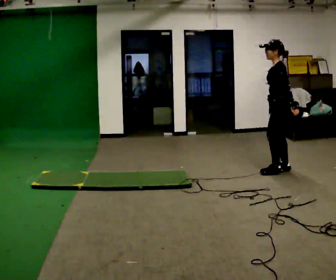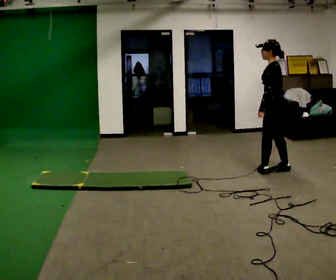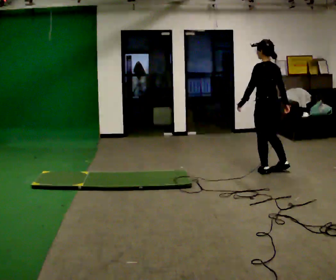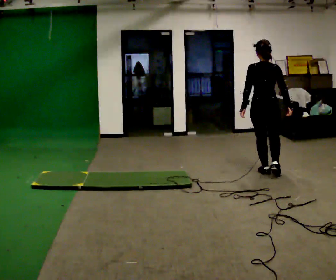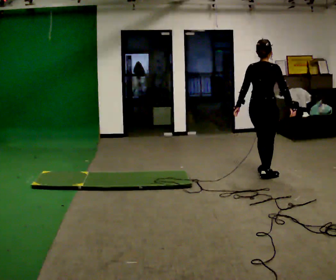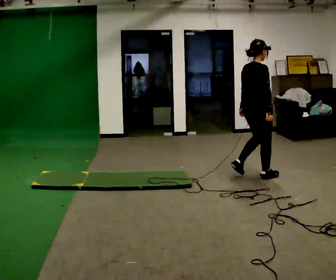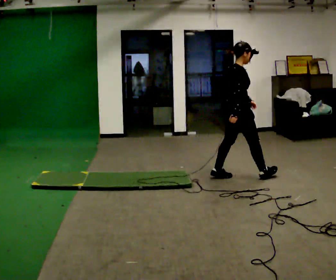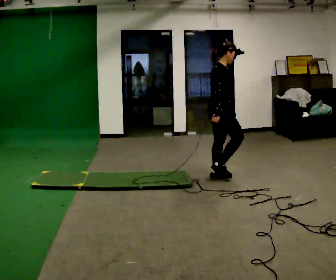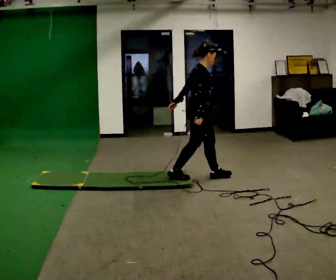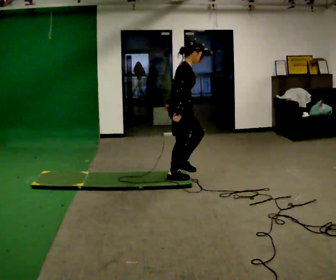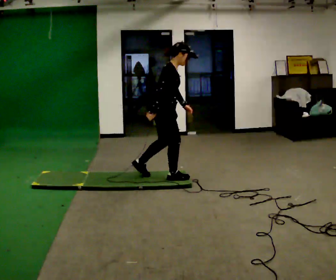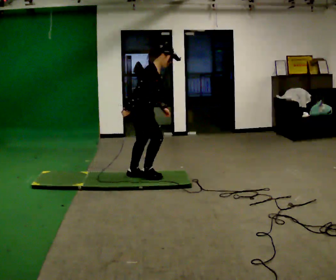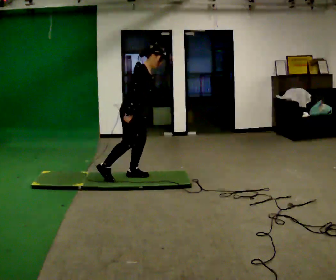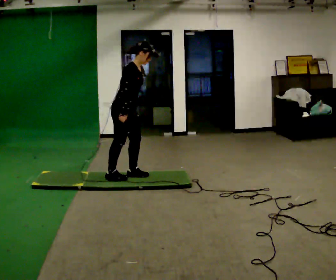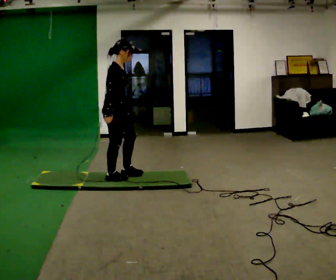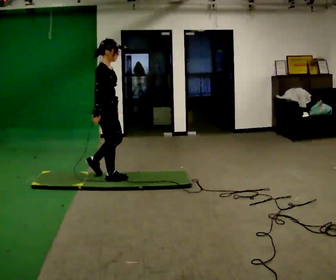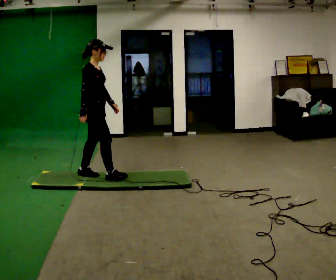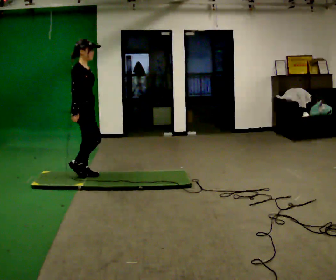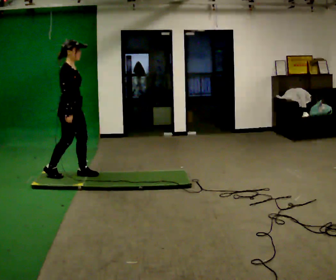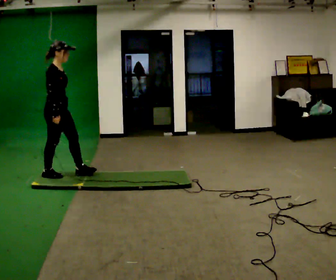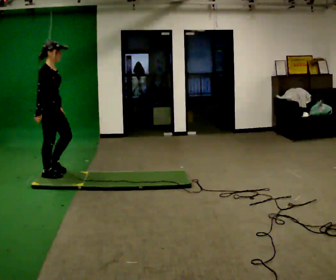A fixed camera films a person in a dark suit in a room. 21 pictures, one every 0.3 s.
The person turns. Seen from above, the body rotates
clockwise.
The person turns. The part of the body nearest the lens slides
to the left.
0.0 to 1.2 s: The part of the body nearest the lens slides to the left as the person turns to their right by about 120 degrees. In the picture they go to the left and toward the camera, about 0.25 m in 1 step.
1.2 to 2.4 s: Seen from above the body turns clockwise, about 60 degrees: to their right, with its near side sliding to the left. In the picture they go to the left, about 0.5 m in 2 steps, which for them is backward.
2.4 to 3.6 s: In the picture they go to the left, about 1 m in 2 steps, which for them is backward. In the picture the upper body tilts clockwise, shoulders to the right, as they bend forward.
3.6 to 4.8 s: In the picture they go to the left, about 0.5 m in 1 step, which for them is backward. In the picture the upper body tilts counterclockwise, shoulders to the left, as they lean back or straighten.
4.8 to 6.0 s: In the picture they go to the left, about 0.5 m in 2 steps, which for them is backward.
The film runs backward here.
